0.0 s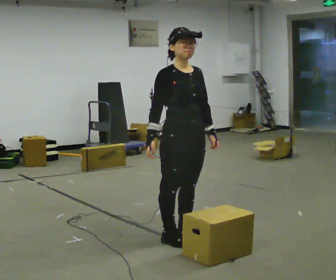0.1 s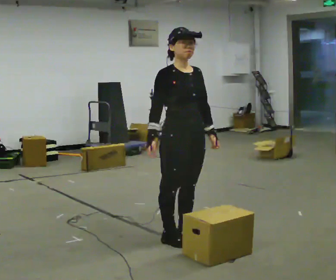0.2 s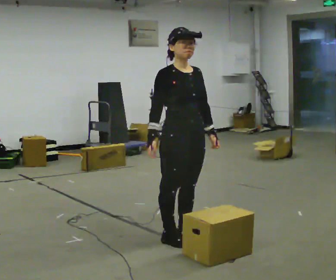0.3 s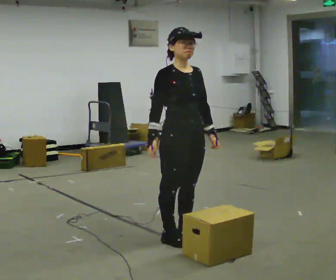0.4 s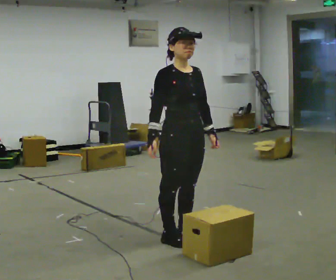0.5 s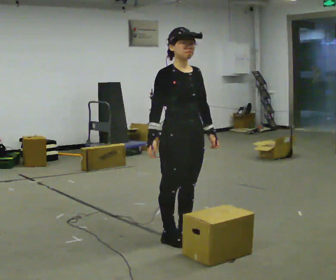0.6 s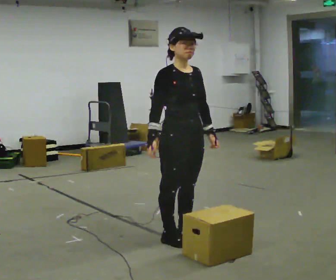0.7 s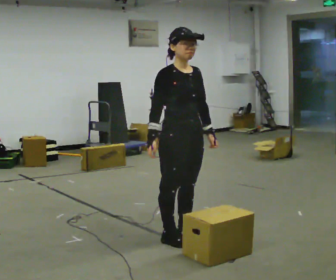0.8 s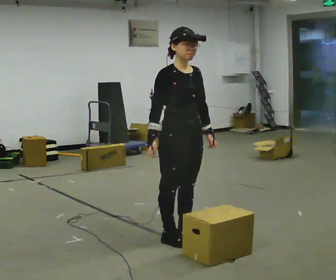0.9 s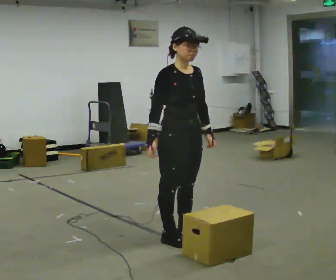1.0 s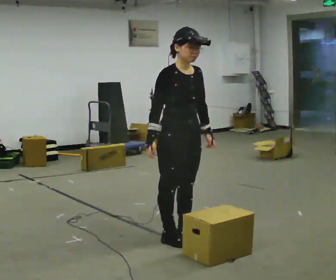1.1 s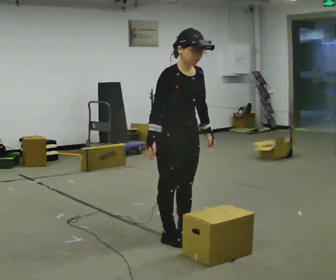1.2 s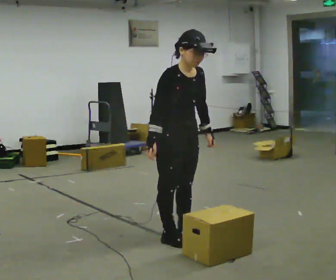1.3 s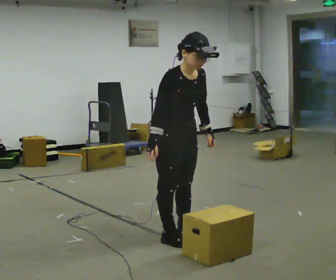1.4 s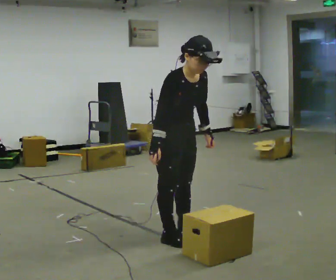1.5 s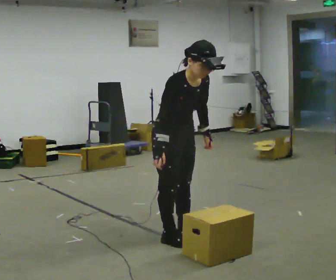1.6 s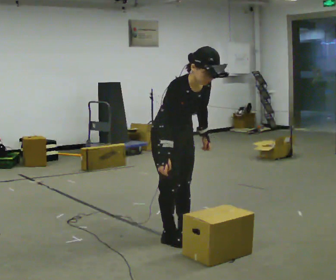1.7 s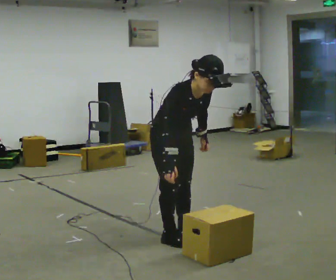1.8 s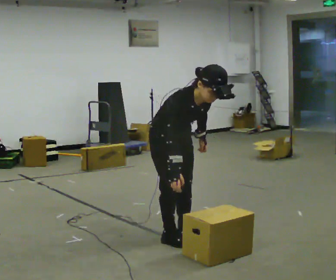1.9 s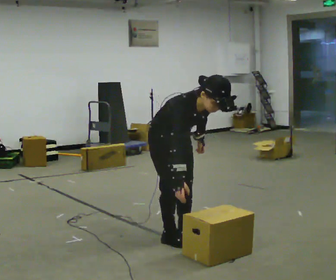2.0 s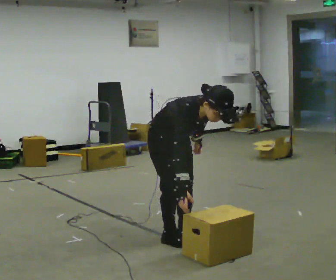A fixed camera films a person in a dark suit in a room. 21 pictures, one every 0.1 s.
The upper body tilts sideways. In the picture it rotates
clockwise.
The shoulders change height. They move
downward.
0.0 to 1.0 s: The person moves a little, or ends about where they began.
1.0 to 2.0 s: The upper body goes downward. In the picture the upper body tilts clockwise, shoulders to the right, as they bend forward.
The film runs forward here.
